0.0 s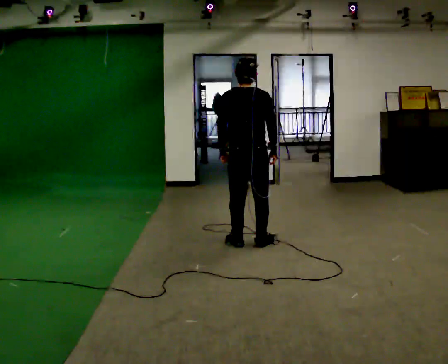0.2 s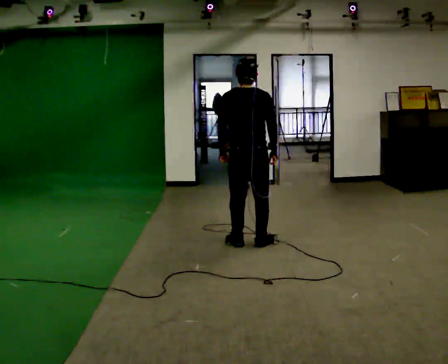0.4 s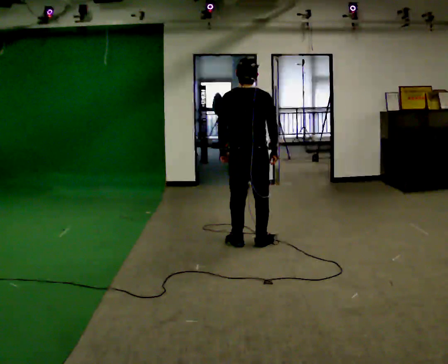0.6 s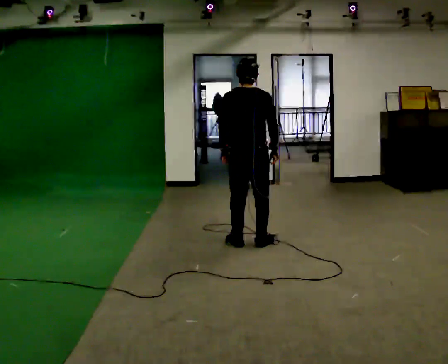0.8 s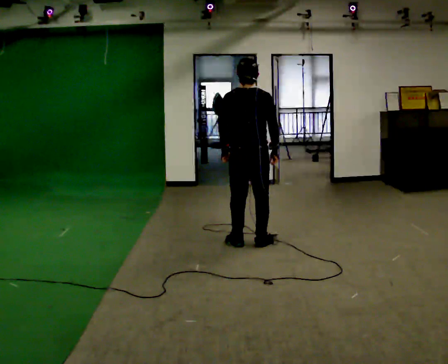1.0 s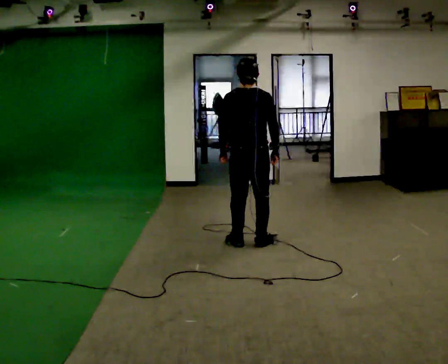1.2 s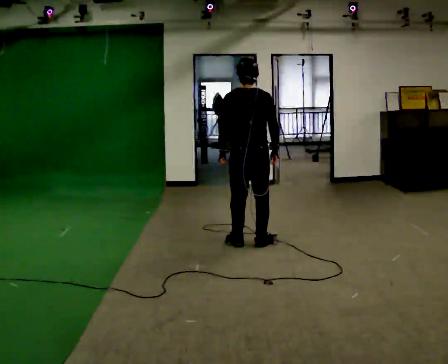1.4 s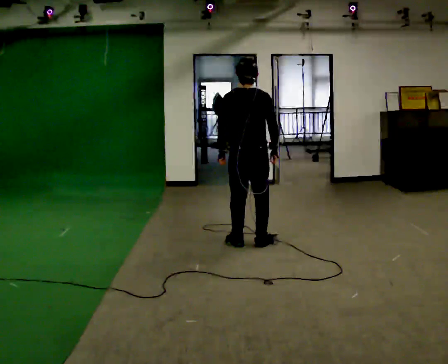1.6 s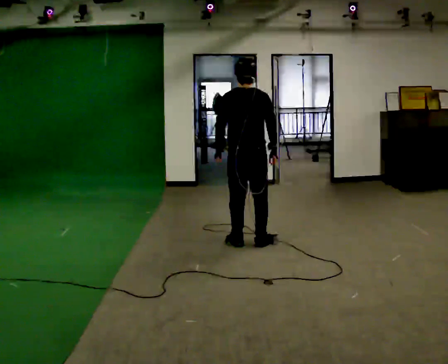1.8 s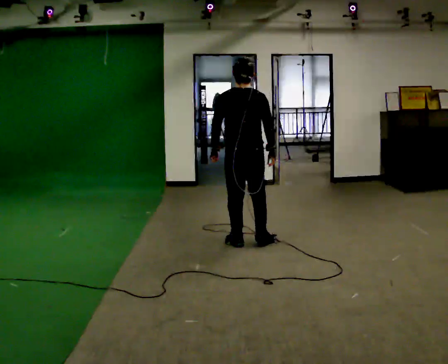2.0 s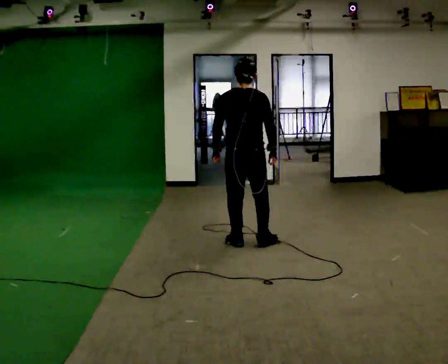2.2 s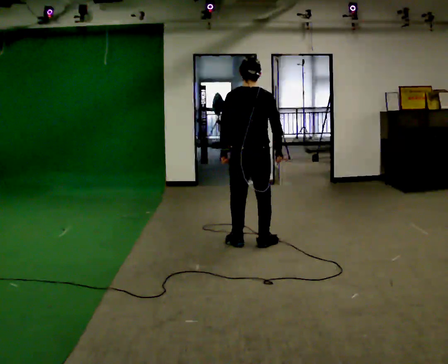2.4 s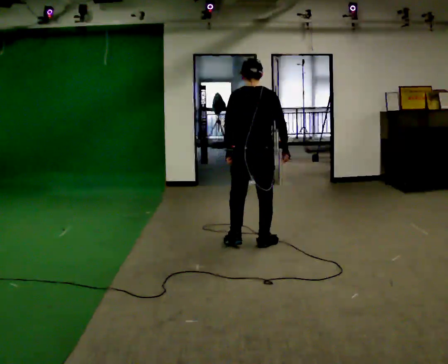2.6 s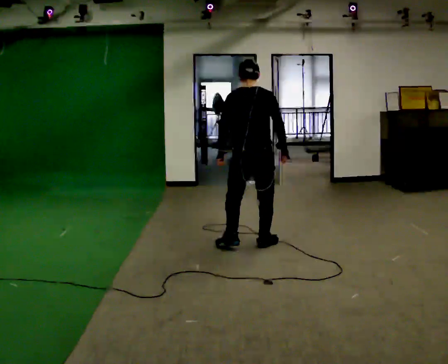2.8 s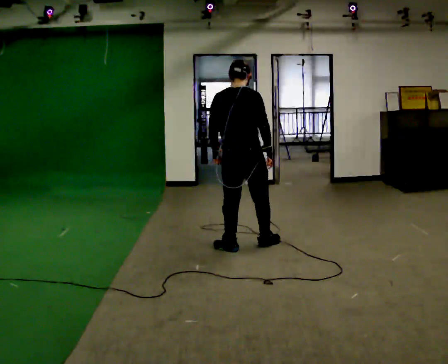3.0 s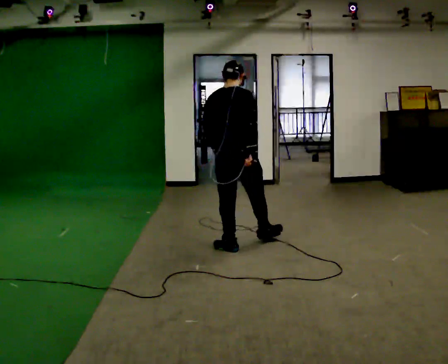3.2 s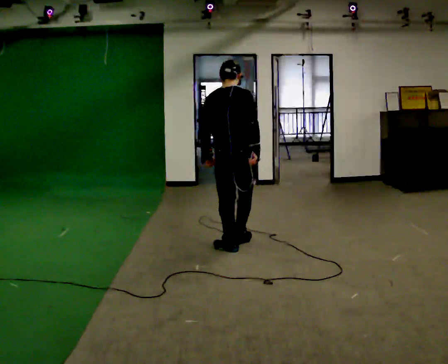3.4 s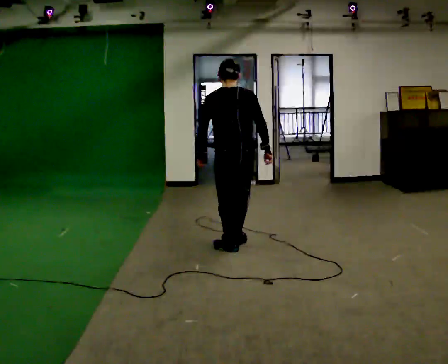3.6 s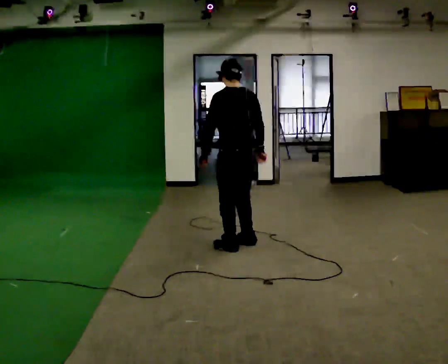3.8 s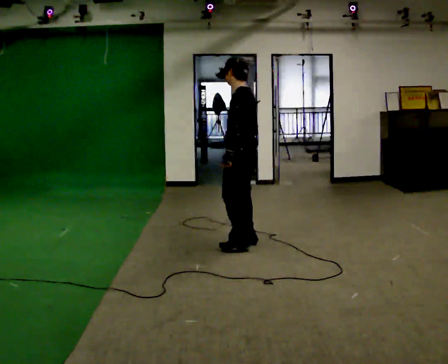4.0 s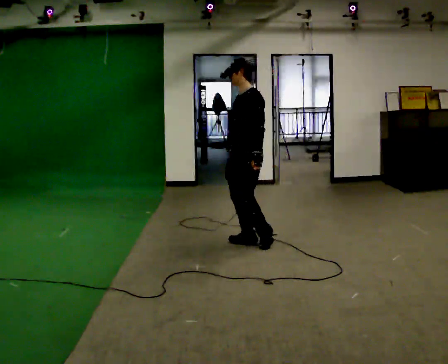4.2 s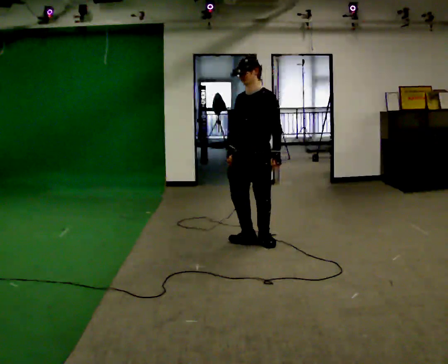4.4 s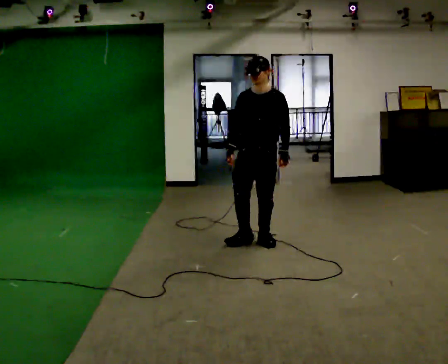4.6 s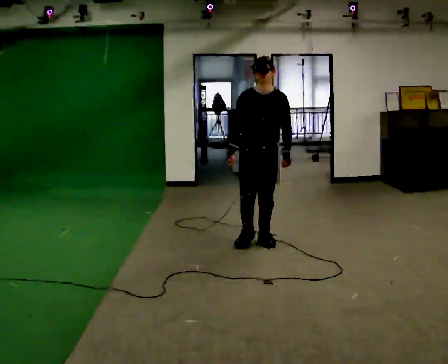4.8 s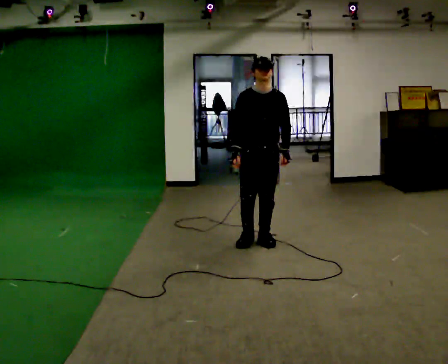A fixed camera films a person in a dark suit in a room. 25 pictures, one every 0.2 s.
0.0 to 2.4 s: The person moves a little, or ends about where they began.
2.4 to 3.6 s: The person turns about 30 degrees to their left, counterclockwise seen from above, so the part of the body nearest the lens slides to the right.
3.6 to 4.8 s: The part of the body nearest the lens slides to the right as the person turns to their left by about 150 degrees. In the picture they go to the right, about 0.25 m in 1 step.
The film runs backward here.
